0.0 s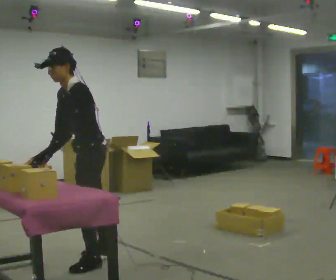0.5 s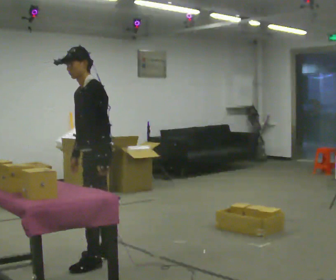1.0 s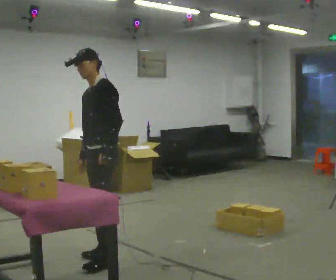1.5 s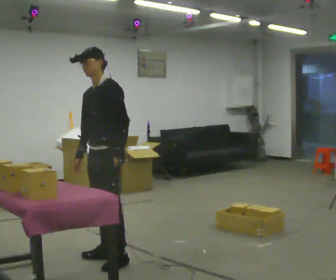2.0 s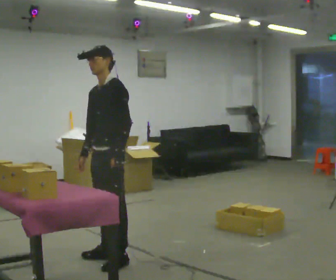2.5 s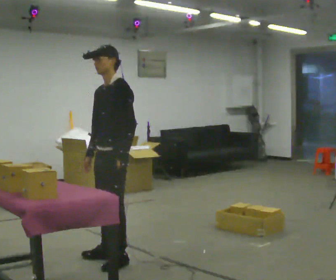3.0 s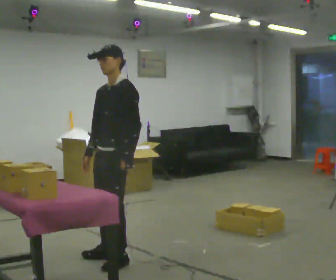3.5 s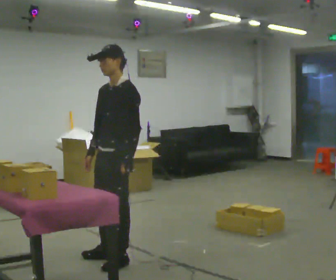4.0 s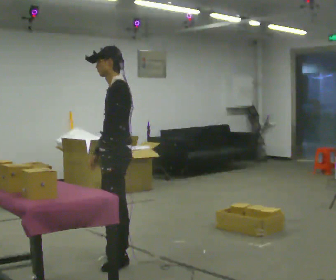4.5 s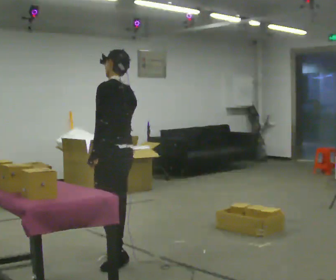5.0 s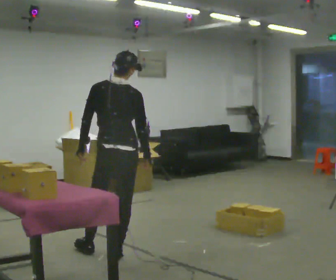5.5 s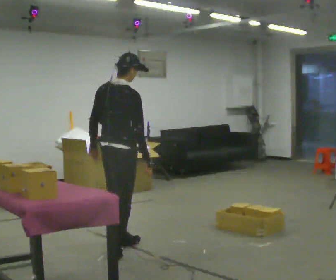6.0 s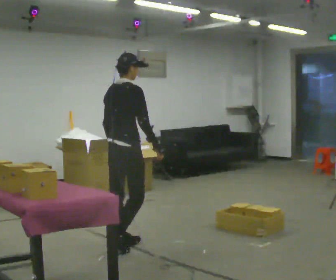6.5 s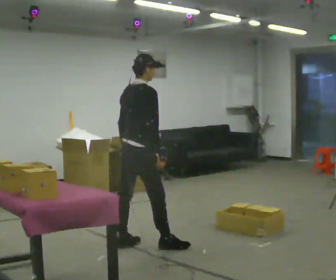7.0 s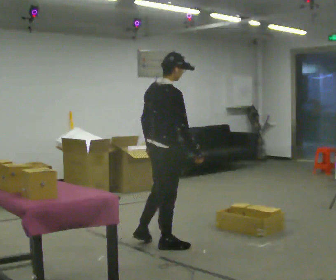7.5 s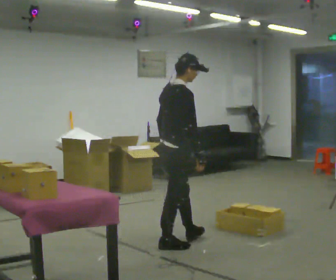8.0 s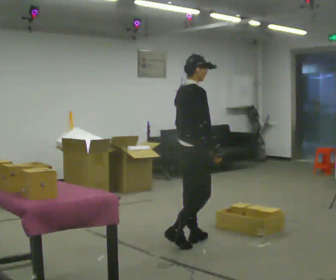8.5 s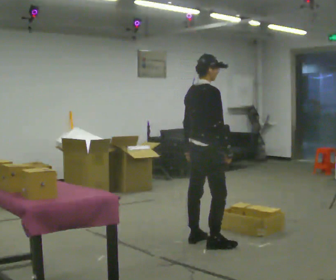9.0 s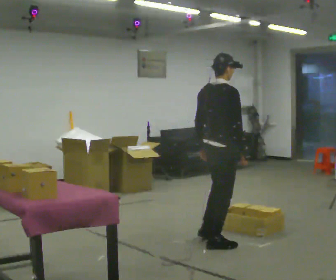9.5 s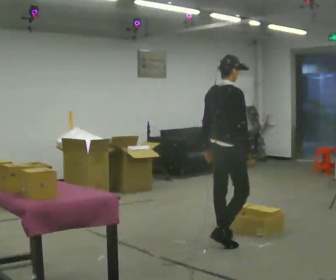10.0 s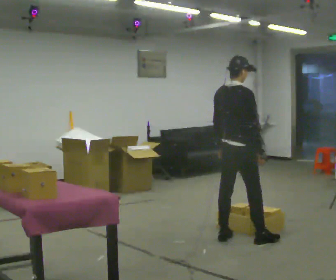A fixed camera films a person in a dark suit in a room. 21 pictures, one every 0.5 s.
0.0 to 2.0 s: In the picture they go to the right, about 0.25 m in 1 step, which for them is backward. In the picture the upper body tilts clockwise, shoulders to the right, as they lean back or straighten. In the picture their left hand goes to the right.
2.0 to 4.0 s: Seen from above the body turns clockwise, about 30 degrees: to their right, with its near side sliding to the left.
4.0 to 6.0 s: The person turns about 135 degrees to their right, clockwise seen from above, so the part of the body nearest the lens slides to the left. In the picture they go away from the camera, about 0.5 m in 1 step.
6.0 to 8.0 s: In the picture they go to the right, about 0.5 m in 2 steps, which for them is forward and to their right.
8.0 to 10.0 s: In the picture they go to the right, about 0.5 m in 3 steps, which for them is forward and to their right.
The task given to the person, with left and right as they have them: Reach down into the deep bin on the floor, take out one object at a time, carry it to the shelf, and come back for the next one. Keep going until the operator says stop; one object at a time, and do not rush between trips.
The film runs forward here.
